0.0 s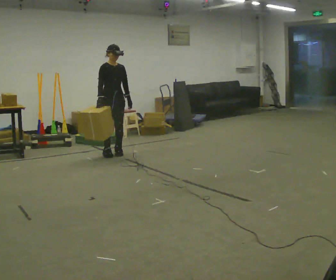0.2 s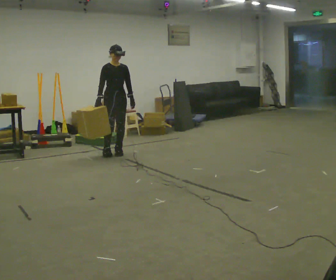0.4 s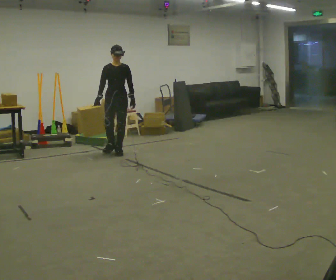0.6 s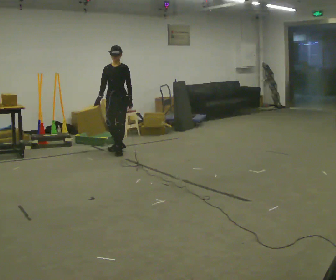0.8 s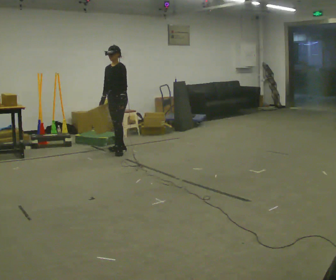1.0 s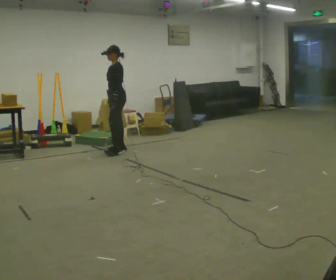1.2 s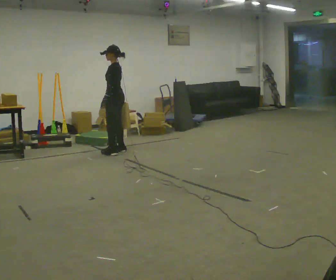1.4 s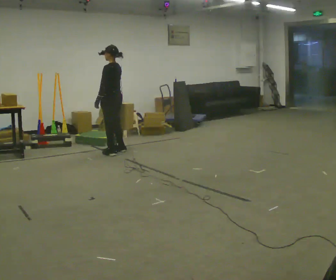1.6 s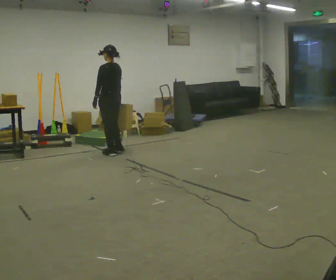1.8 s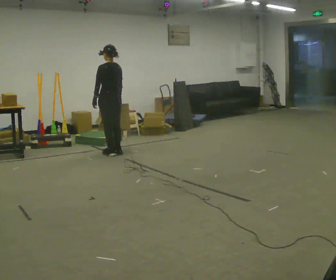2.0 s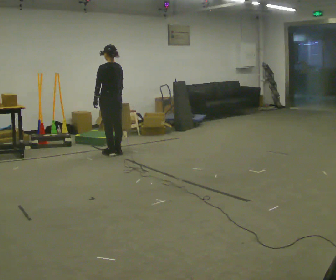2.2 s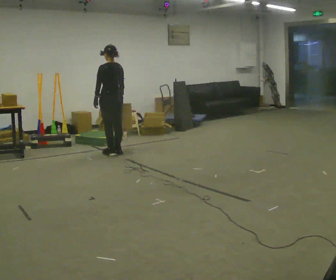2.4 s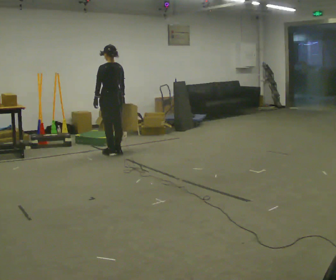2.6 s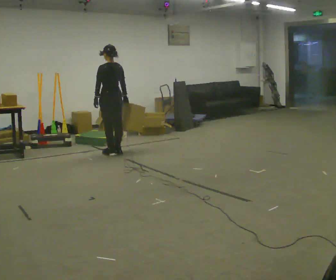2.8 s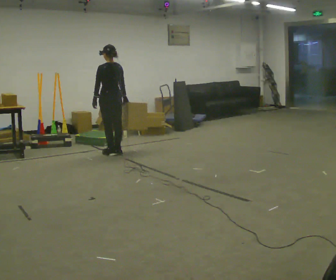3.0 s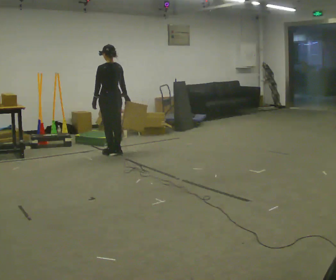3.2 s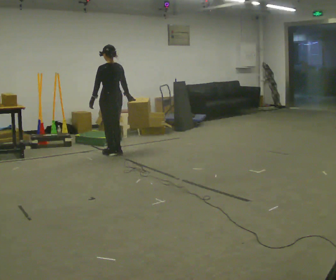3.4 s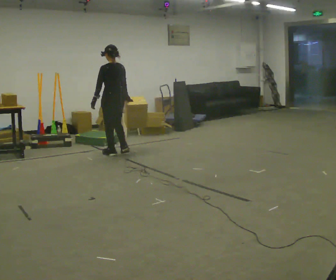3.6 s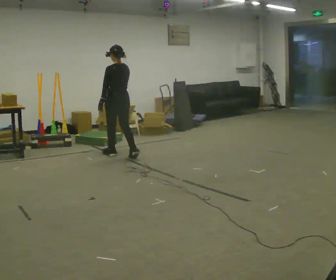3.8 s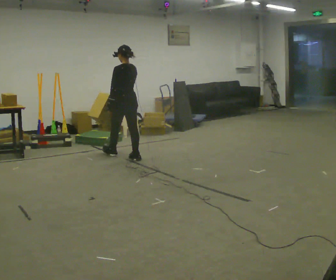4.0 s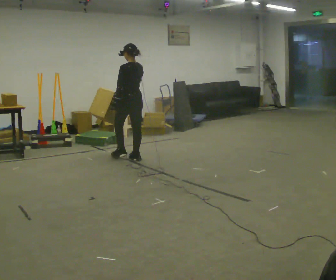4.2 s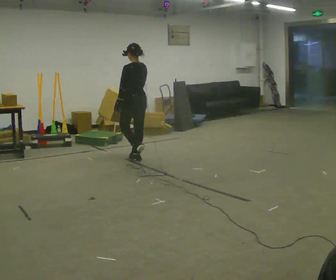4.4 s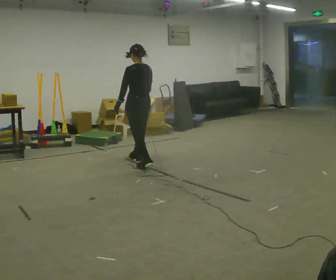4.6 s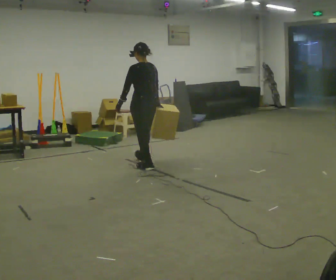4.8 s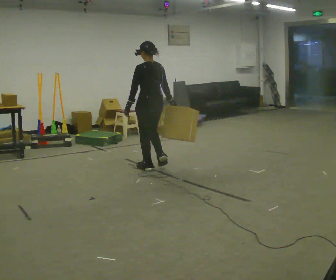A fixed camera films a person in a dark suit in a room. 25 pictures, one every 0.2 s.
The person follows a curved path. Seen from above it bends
clockwise.
The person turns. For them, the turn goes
to their right.
0.0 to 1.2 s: The person turns about 120 degrees to their right, clockwise seen from above, so the part of the body nearest the lens slides to the left. In the picture they go away from the camera, about 0.25 m in 1 step.
1.2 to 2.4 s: The part of the body nearest the lens slides to the left as the person turns to their right by about 60 degrees.
2.4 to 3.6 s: In the picture they go toward the camera, about 0.25 m in 1 step, which for them is backward.
3.6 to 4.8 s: In the picture they go toward the camera and to the right, about 1 m in 2 steps, which for them is backward.
The film runs backward here.
